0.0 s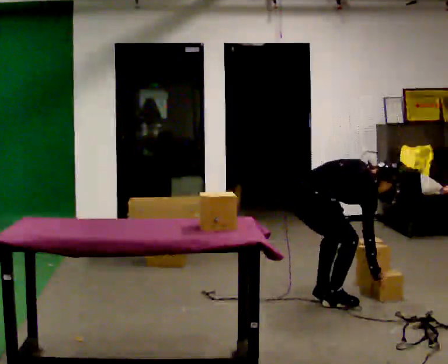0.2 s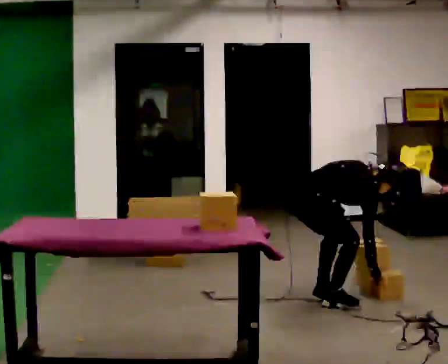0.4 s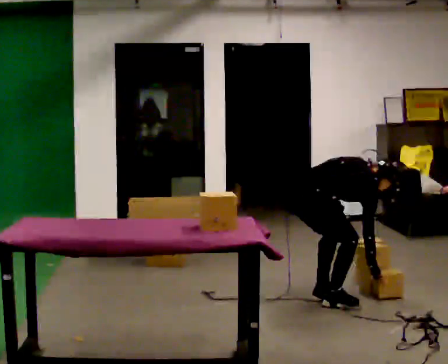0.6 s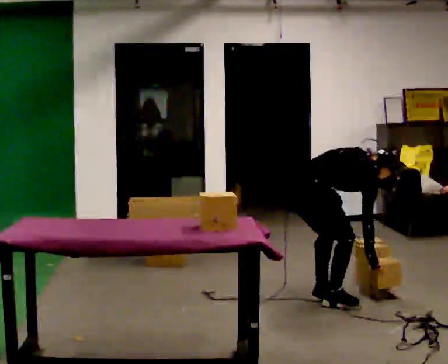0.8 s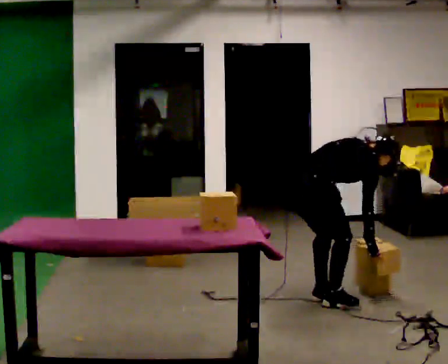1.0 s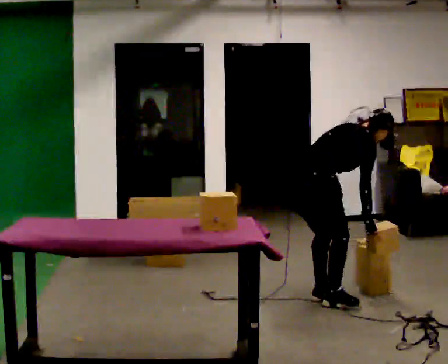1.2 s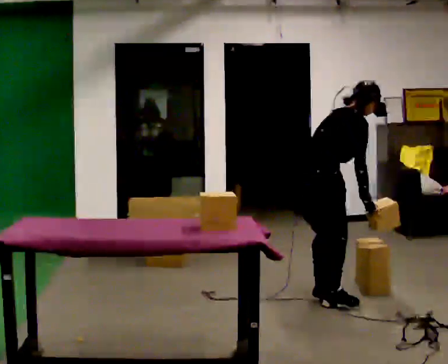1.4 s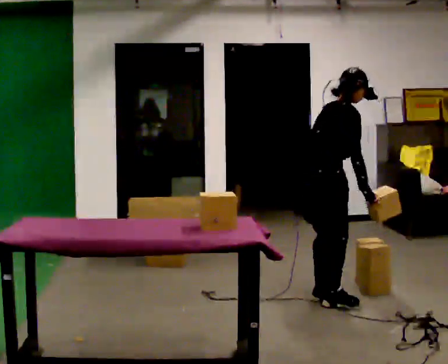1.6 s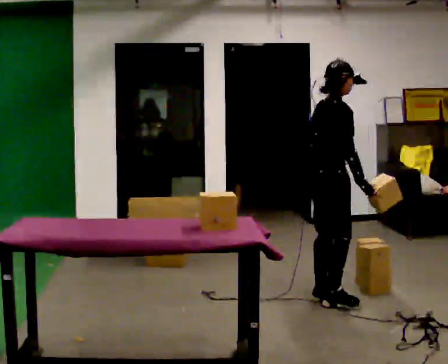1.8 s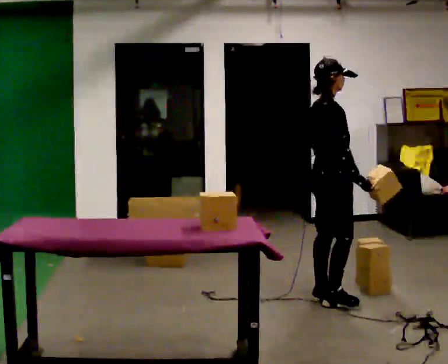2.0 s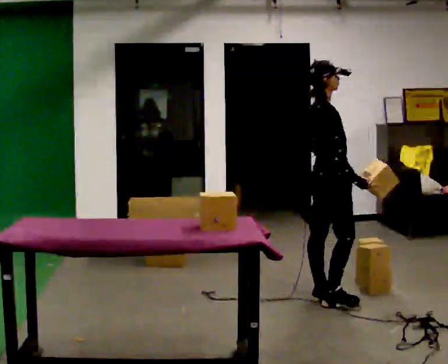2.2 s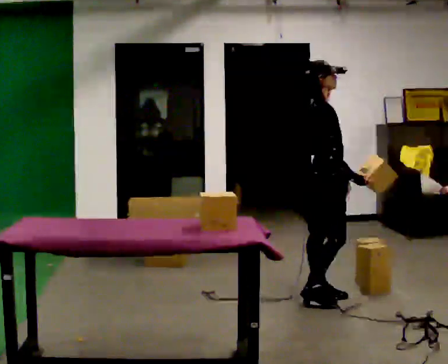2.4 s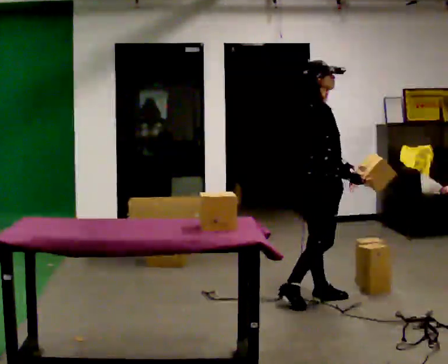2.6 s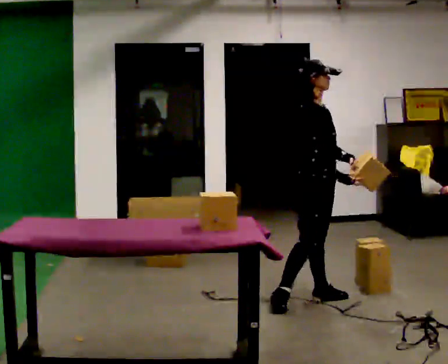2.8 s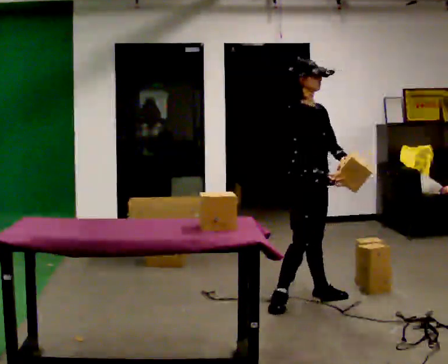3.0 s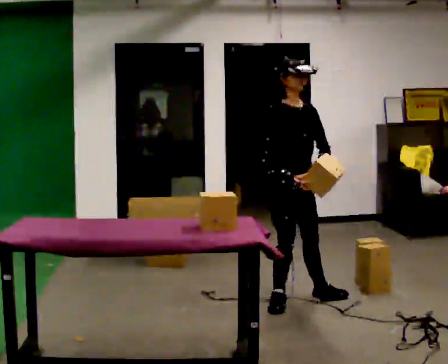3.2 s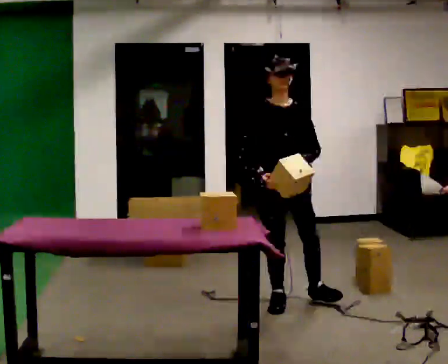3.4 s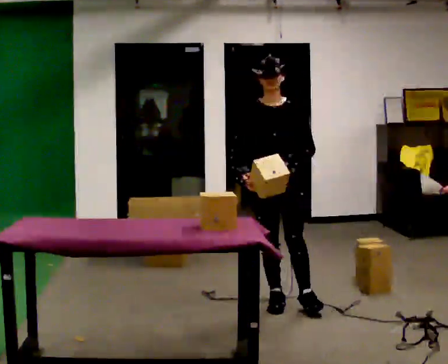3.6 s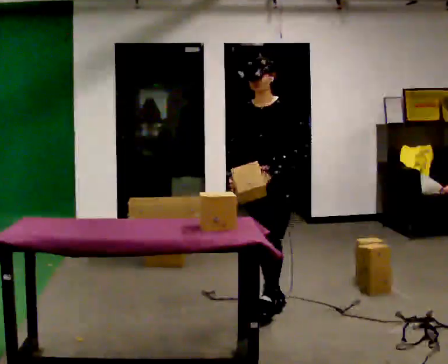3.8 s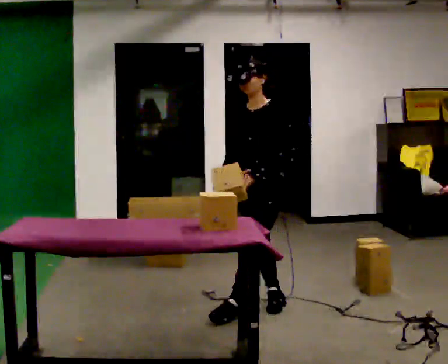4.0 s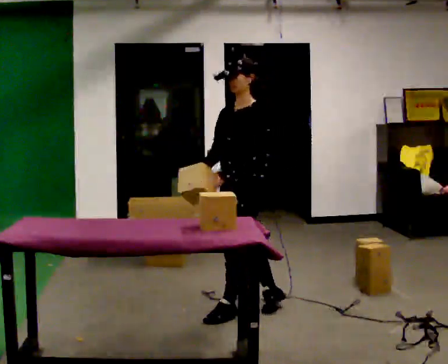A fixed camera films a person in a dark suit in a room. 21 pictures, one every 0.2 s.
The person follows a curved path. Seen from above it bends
counterclockwise.
The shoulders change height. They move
upward.
0.0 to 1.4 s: The shoulders move upward. In the picture the upper body tilts counterclockwise, shoulders to the left, as they lean back or straighten.
1.4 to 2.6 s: Seen from above the body turns clockwise, about 45 degrees: to their right, with its near side sliding to the left. In the picture the upper body tilts counterclockwise, shoulders to the left, as they lean back or straighten.
2.6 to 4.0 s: The part of the body nearest the lens slides to the left as the person turns to their right by about 120 degrees. In the picture they go toward the camera and to the left, about 0.5 m in 1 step.
The film runs forward here.
